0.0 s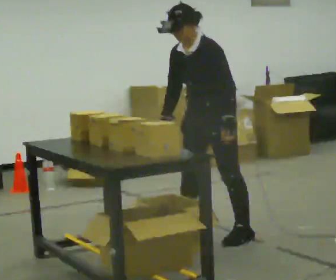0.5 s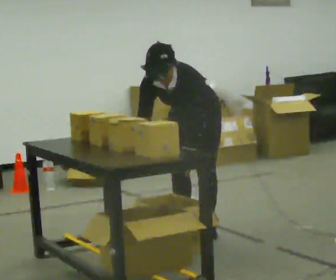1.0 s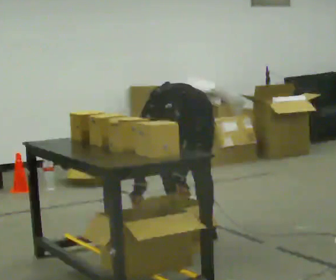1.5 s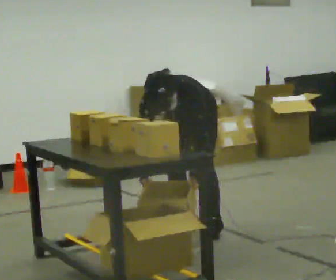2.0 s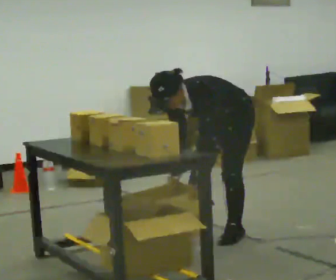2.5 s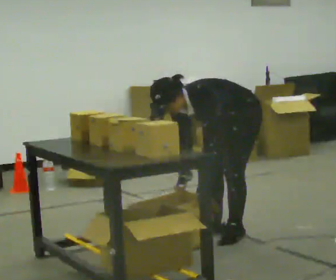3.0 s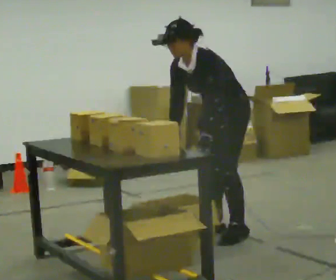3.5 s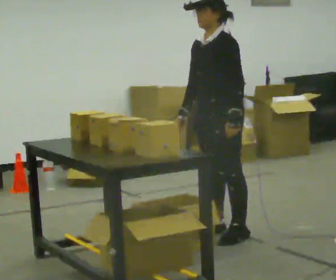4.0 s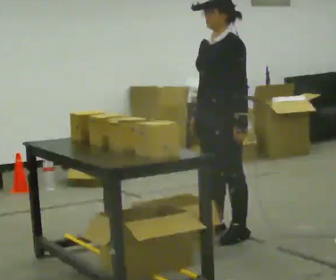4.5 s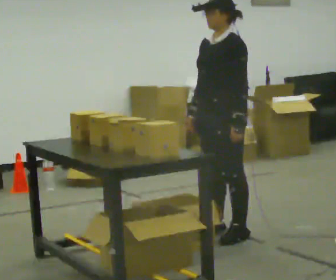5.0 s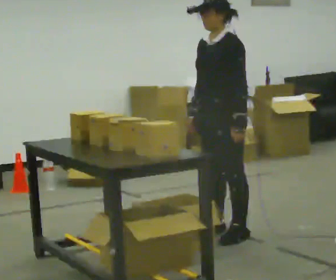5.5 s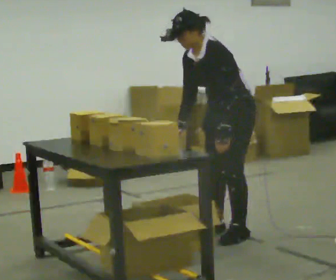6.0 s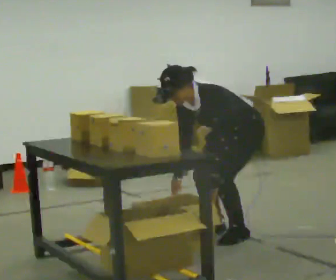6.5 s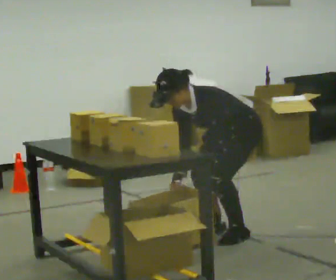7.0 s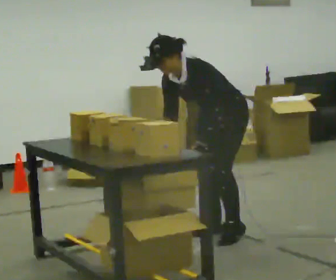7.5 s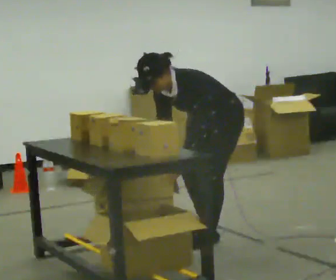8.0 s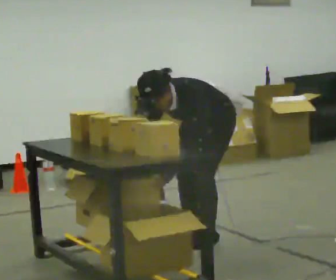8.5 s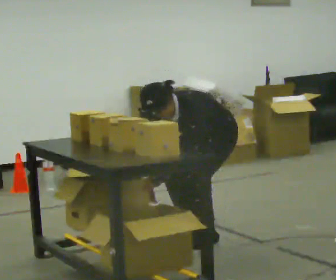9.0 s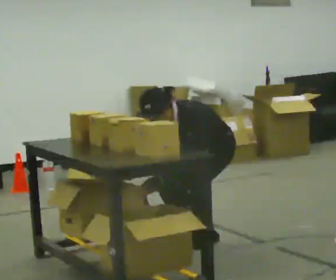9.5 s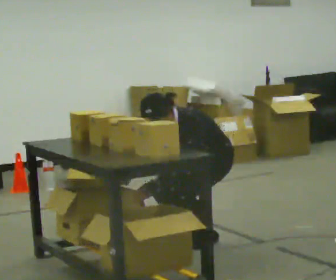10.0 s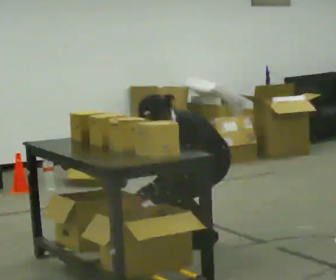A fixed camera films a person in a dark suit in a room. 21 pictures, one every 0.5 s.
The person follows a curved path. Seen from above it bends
clockwise.
0.0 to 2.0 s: In the picture they go to the right, about 0.25 m in 2 steps, which for them is to their left. In the picture the upper body tilts counterclockwise, shoulders to the left, as they bend forward. In the picture their left hand goes downward.
2.0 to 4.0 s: The upper body goes upward. In the picture the upper body tilts clockwise, shoulders to the right, as they lean back or straighten. In the picture their left hand goes upward.
4.0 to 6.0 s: The upper body goes downward. In the picture the upper body tilts counterclockwise, shoulders to the left, as they bend forward. In the picture their left hand goes downward.
6.0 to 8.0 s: In the picture they go to the left, about 0.25 m in 2 steps, which for them is forward.
8.0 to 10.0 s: The shoulders move downward. The upper body tips away from the camera, its near side rolling upward, as they lean back or straighten.
The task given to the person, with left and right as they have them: 1. Take everything out of the crates by the door. 2. Put the small items on the middle shelf. 3. Put the large items on the bottom shelf. 4. Stack the empty crates by the door. 5. Tell the operator when you are finished.
The film runs forward here.
